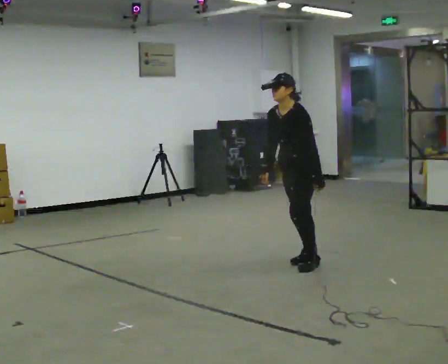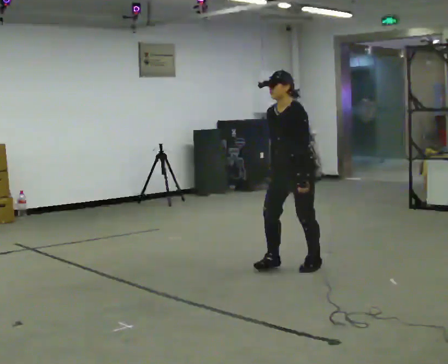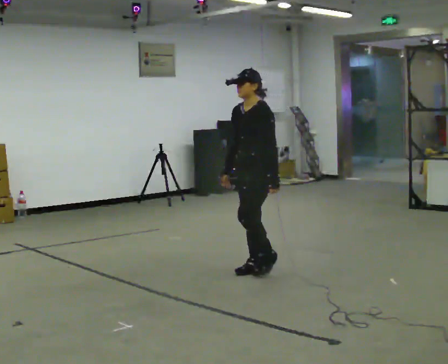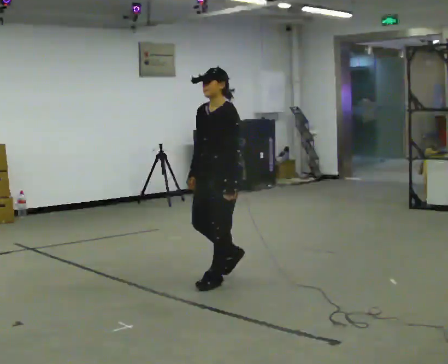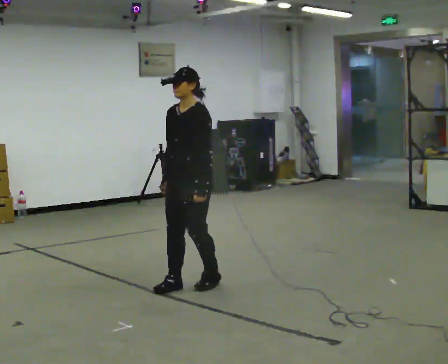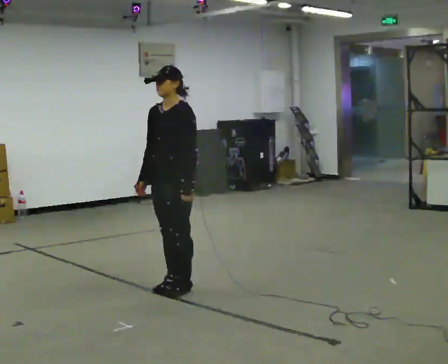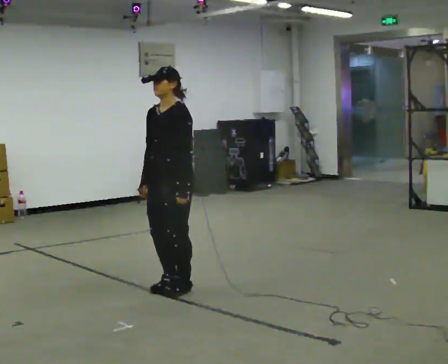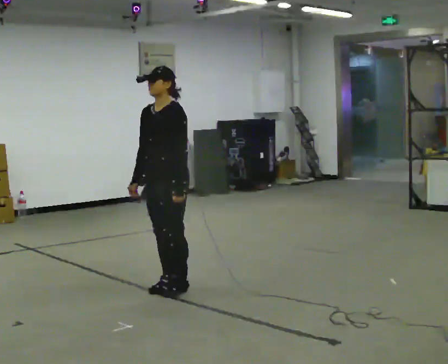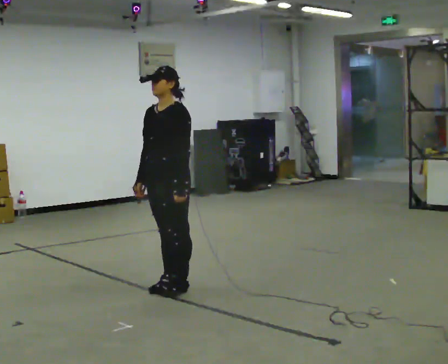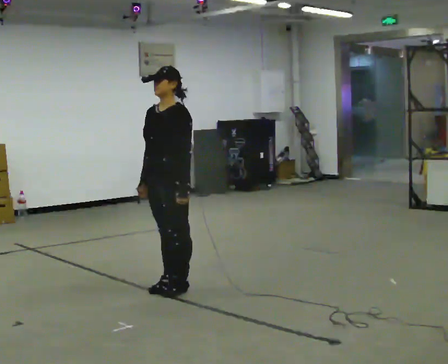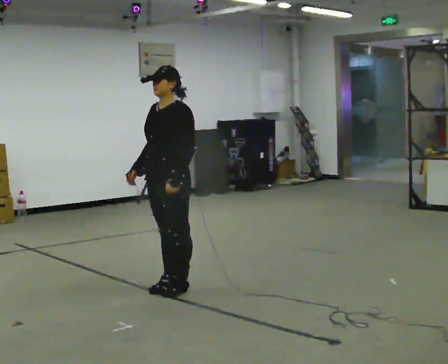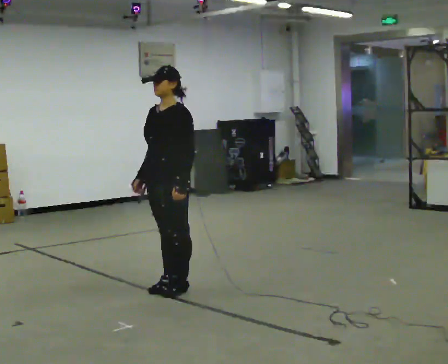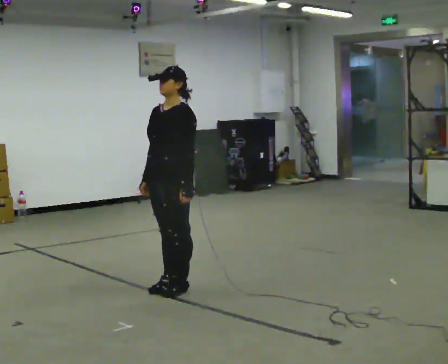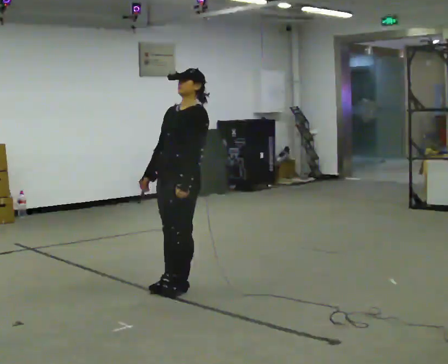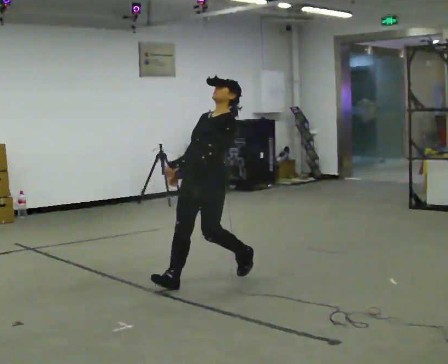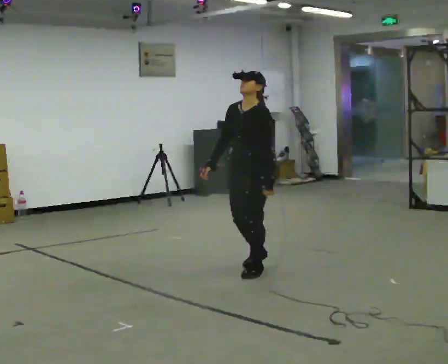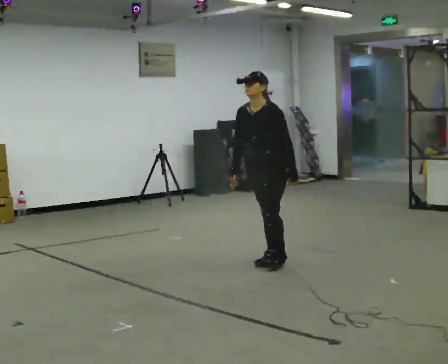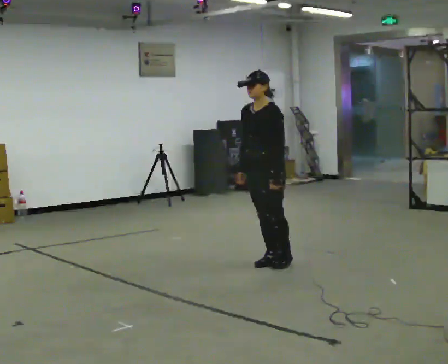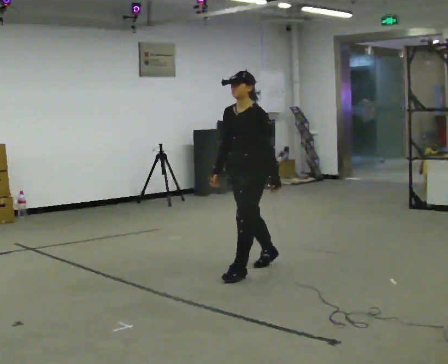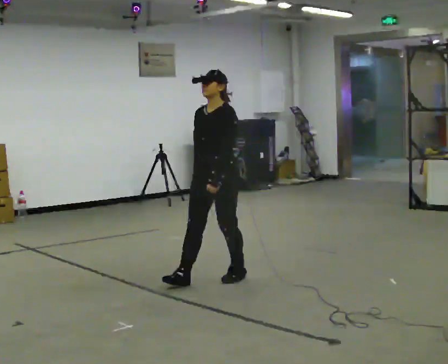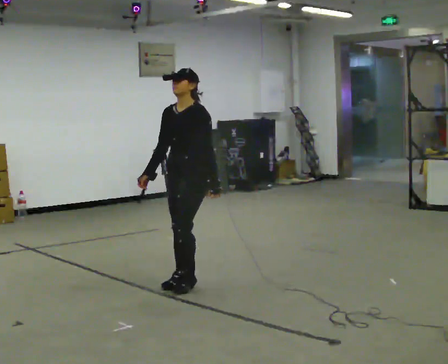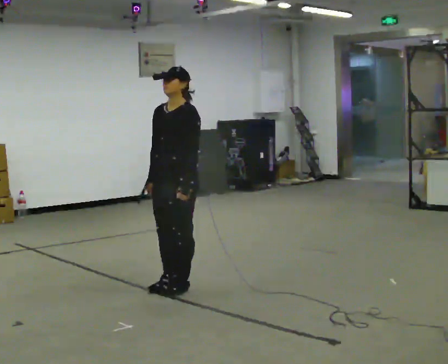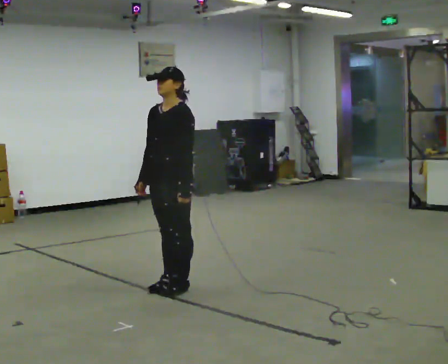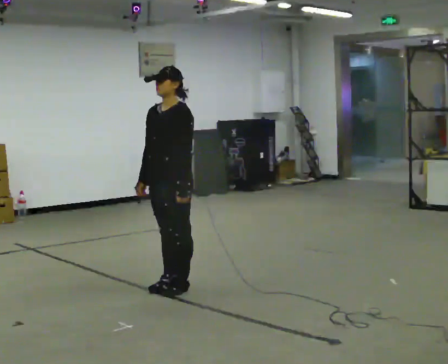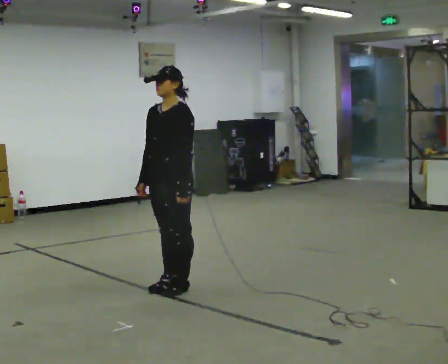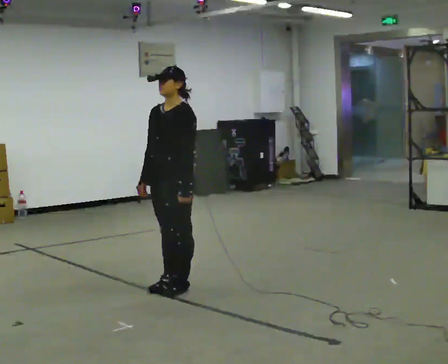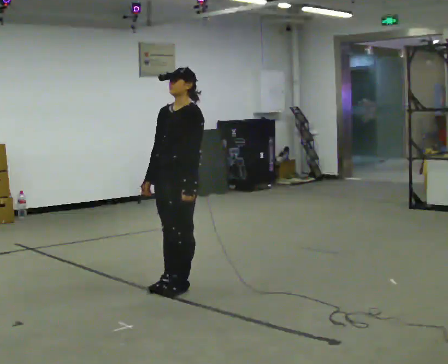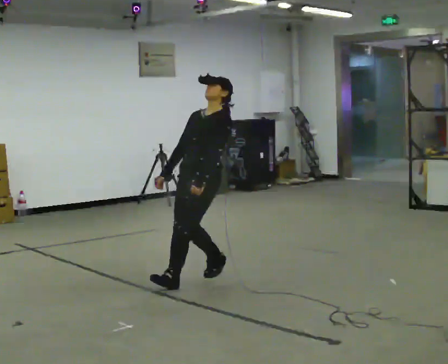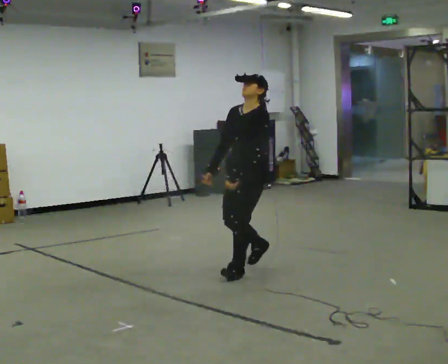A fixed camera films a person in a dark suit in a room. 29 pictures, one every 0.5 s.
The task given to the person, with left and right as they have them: Stand on the marked spots. Lean backward, keeping your body straight, until you cannot hold it, then step back to catch yourself. Return to the spots. Repeat at your own pace until the operator says stop. Go slowly and only as far as you are comfortable. Step whenever you need to; do not try to hold on longer than feels safe.
0.0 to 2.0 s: In the picture they go to the left and toward the camera, about 1 m in 4 steps, which for them is forward.
2.0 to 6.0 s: The person moves a little, or ends about where they began.
6.0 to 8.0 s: In the picture they go away from the camera and to the right, about 1 m in 2 steps, which for them is backward.
8.0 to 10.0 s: In the picture they go toward the camera and to the left, about 1 m in 3 steps, which for them is forward.
10.0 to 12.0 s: The person moves a little, or ends about where they began.
12.0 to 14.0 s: In the picture they go away from the camera and to the right, about 1 m in 1 step, which for them is backward.
The film runs forward here.
